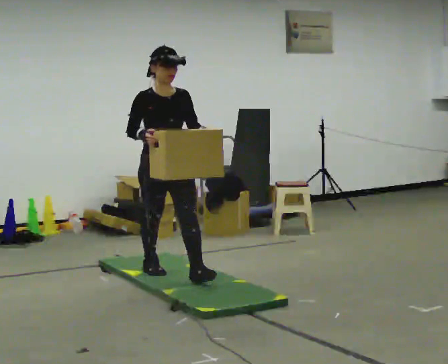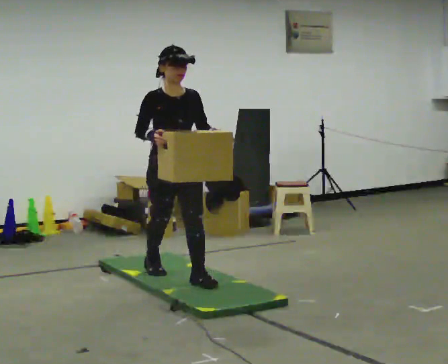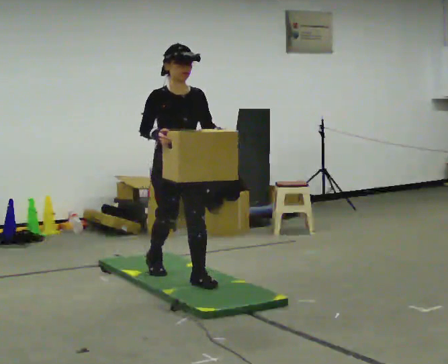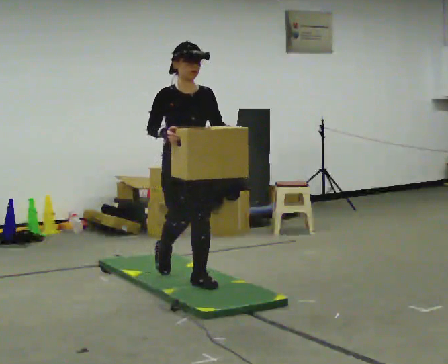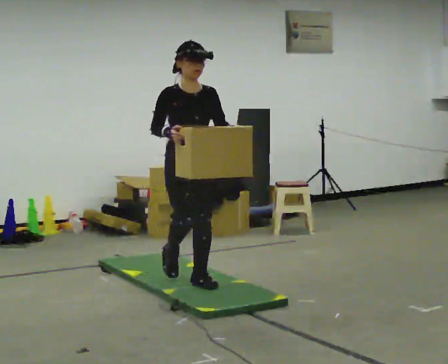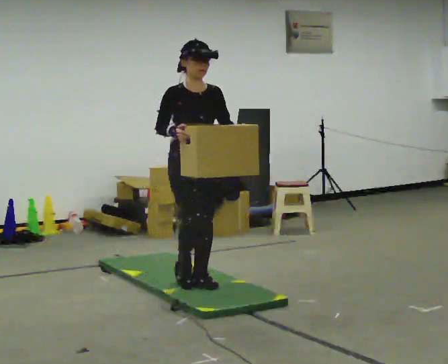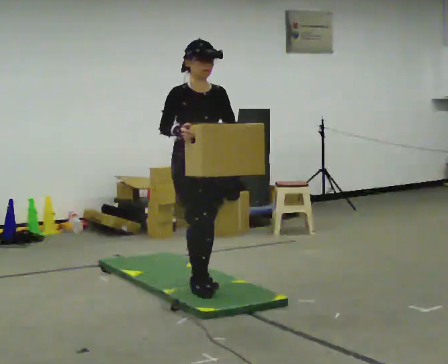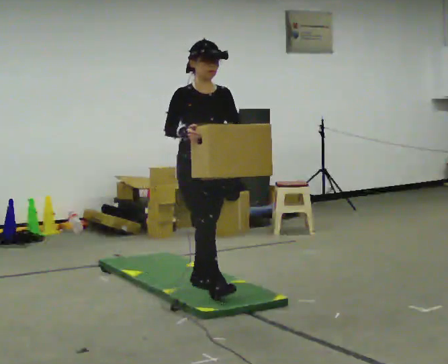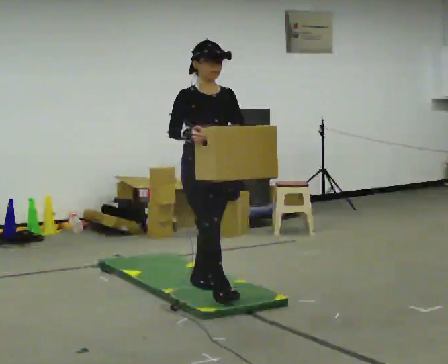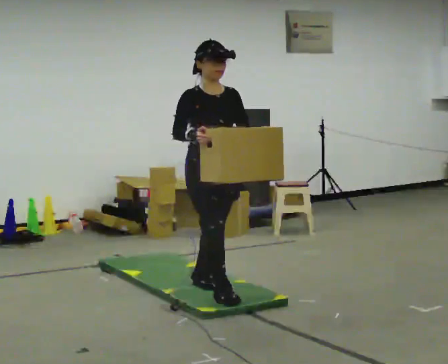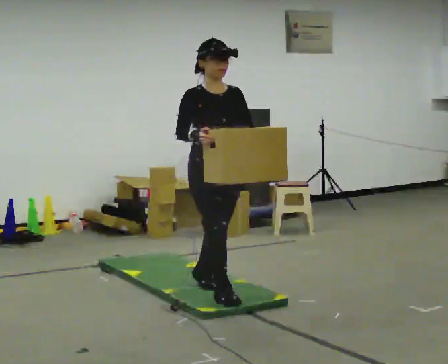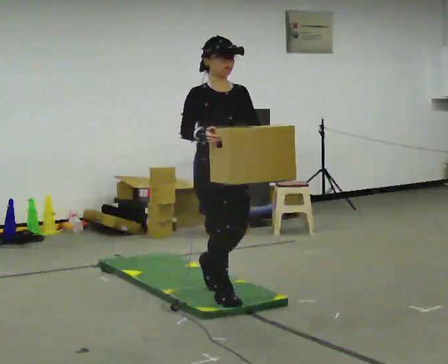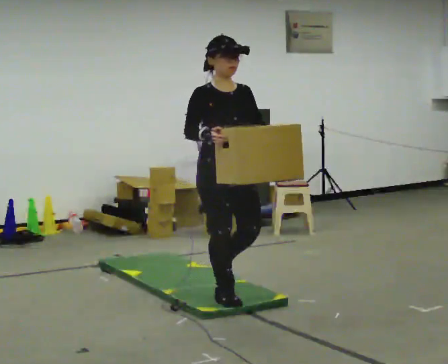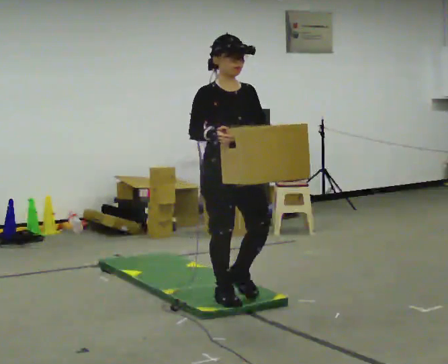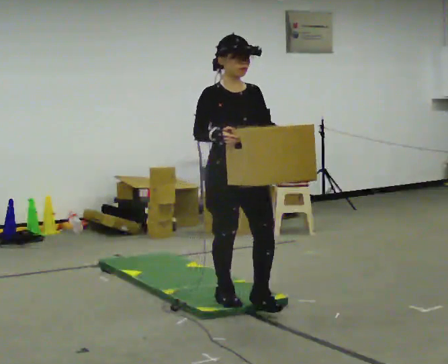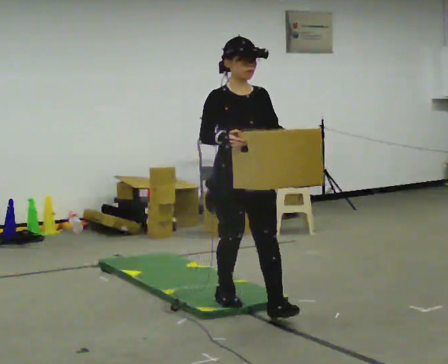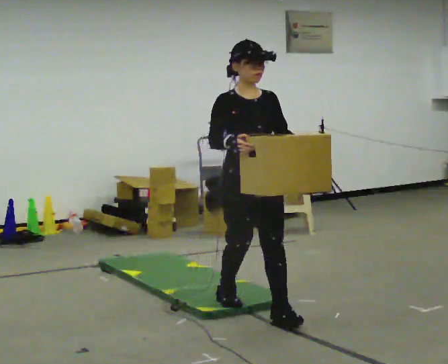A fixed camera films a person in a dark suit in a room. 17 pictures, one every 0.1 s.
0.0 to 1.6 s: In the picture they go toward the camera and to the right, about 1 m in 2 steps, which for them is forward.
The film runs forward here.
